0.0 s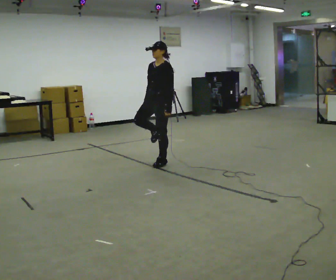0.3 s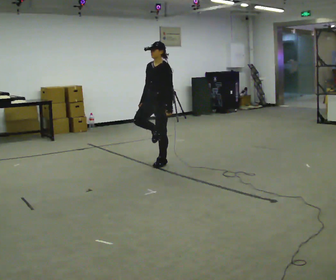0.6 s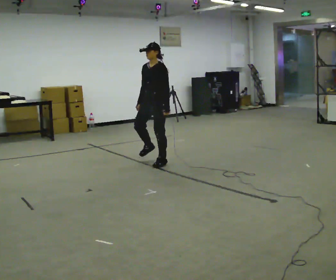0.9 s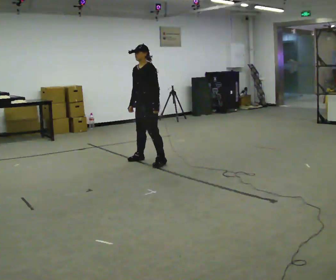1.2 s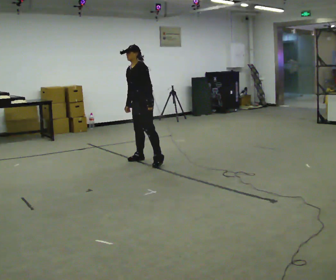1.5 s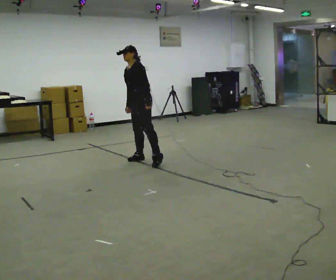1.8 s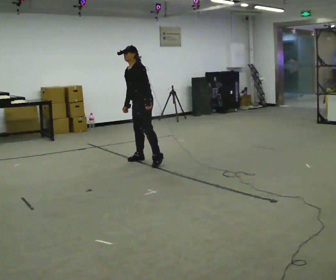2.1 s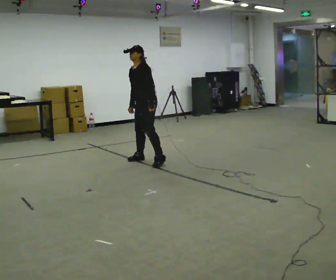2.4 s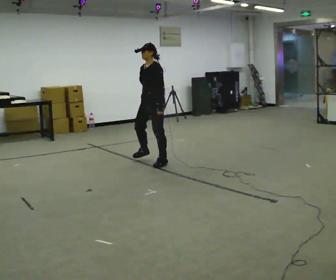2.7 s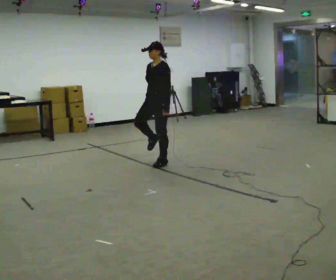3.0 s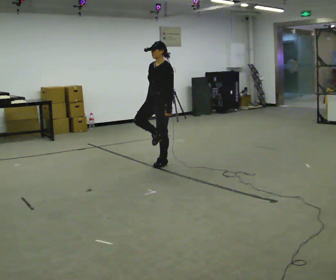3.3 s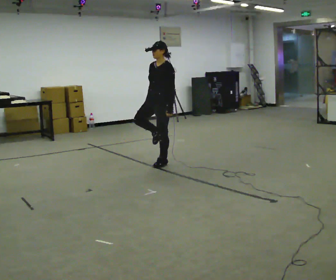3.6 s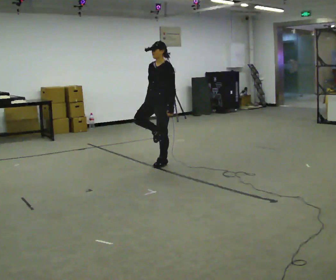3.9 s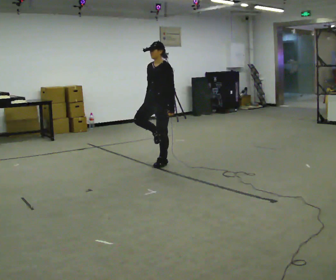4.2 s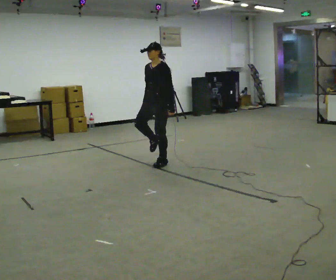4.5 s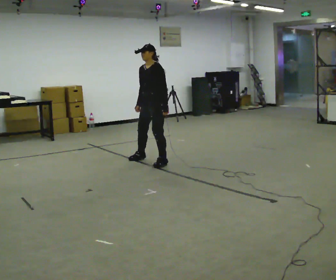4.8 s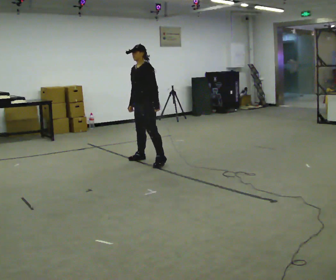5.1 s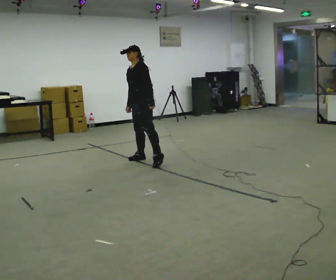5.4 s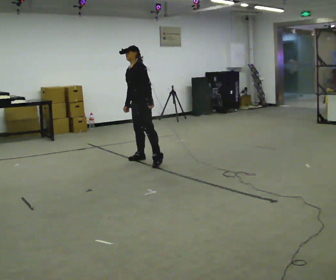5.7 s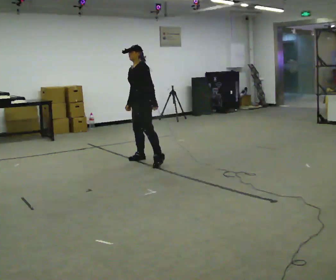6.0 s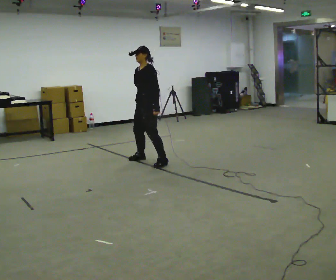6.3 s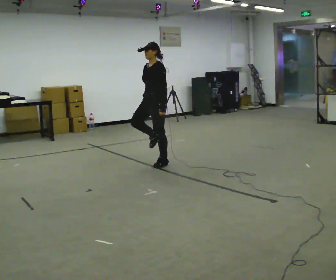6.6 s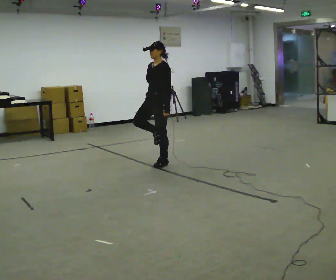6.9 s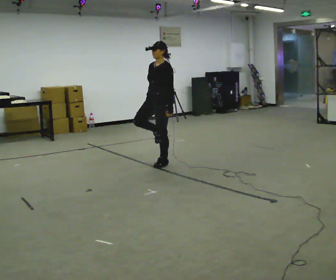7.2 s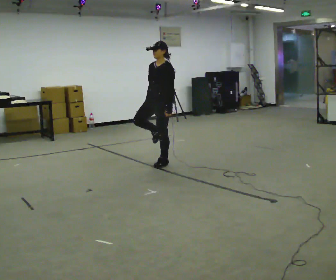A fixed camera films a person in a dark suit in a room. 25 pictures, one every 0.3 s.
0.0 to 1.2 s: In the picture they go to the left and away from the camera, about 0.25 m in 1 step, which for them is to their right. In the picture the upper body tilts counterclockwise, shoulders to the left.
1.2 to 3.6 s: In the picture they go to the right and toward the camera, about 0.25 m in 1 step, which for them is to their left.
3.6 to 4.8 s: In the picture they go to the left and away from the camera, about 0.25 m in 1 step, which for them is to their right.
4.8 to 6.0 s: The person moves a little, or ends about where they began.
6.0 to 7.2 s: In the picture they go to the right and toward the camera, about 0.25 m in 1 step, which for them is to their left.
The film runs backward here.
